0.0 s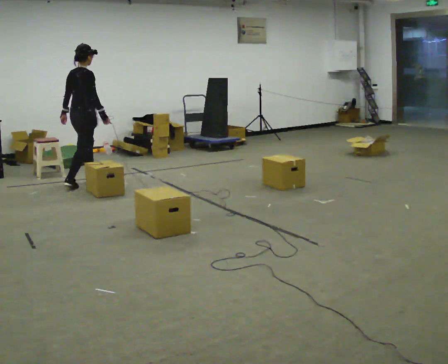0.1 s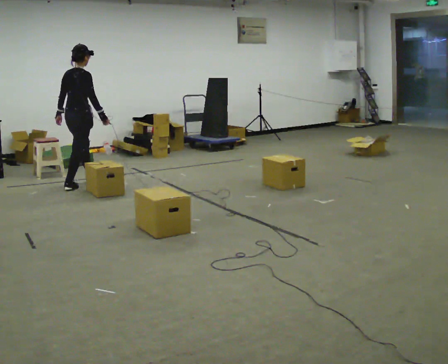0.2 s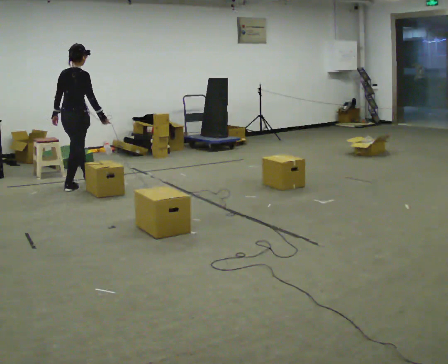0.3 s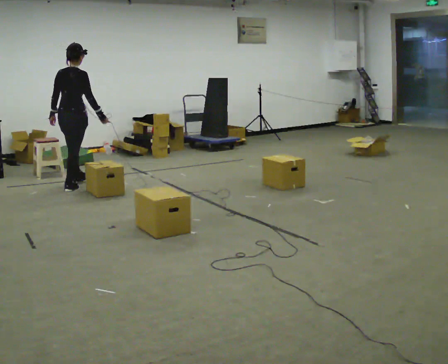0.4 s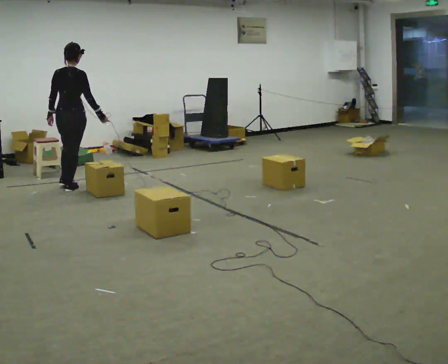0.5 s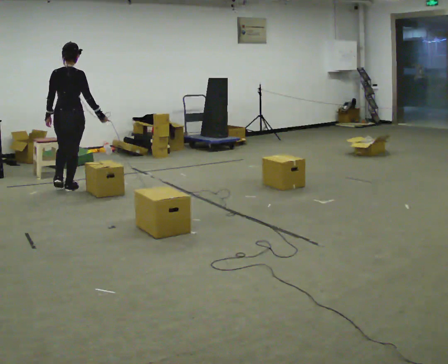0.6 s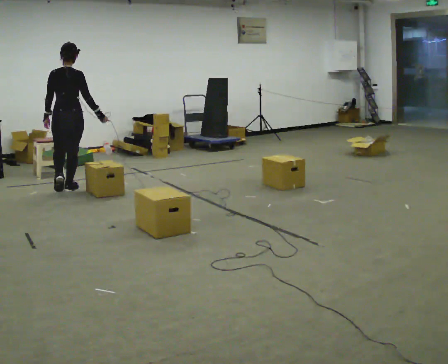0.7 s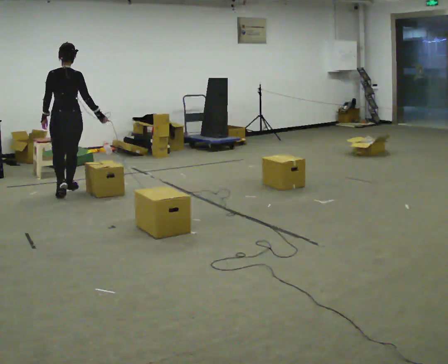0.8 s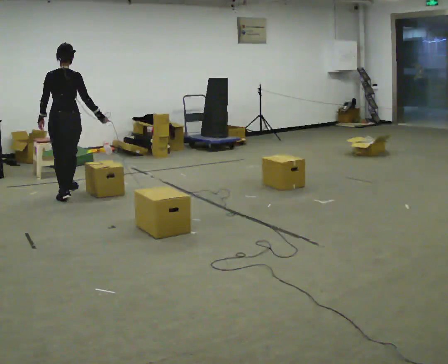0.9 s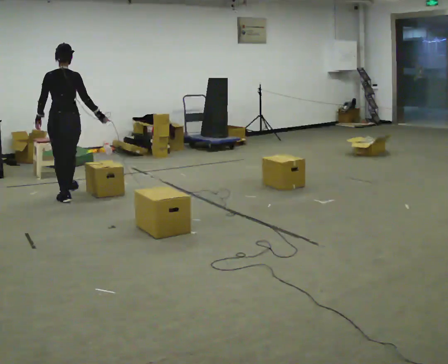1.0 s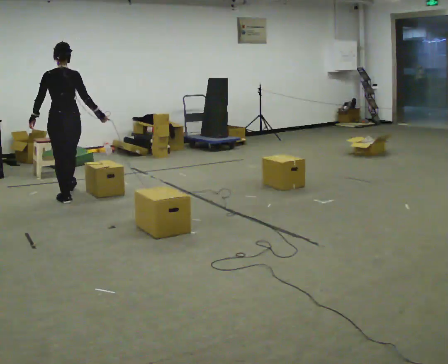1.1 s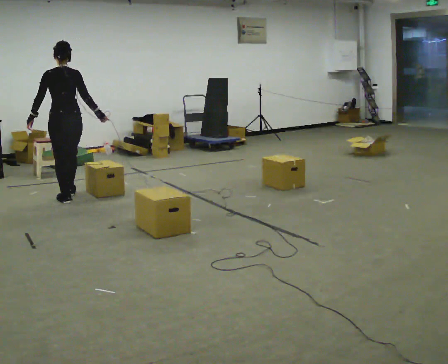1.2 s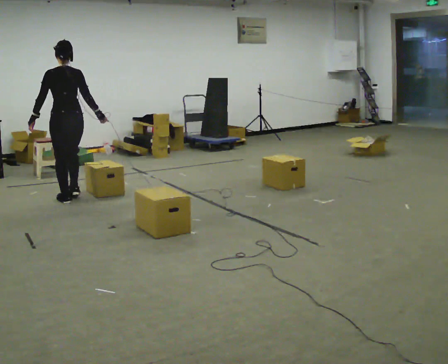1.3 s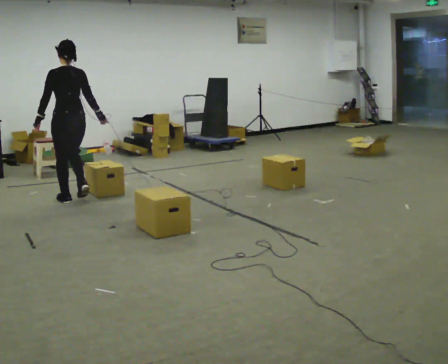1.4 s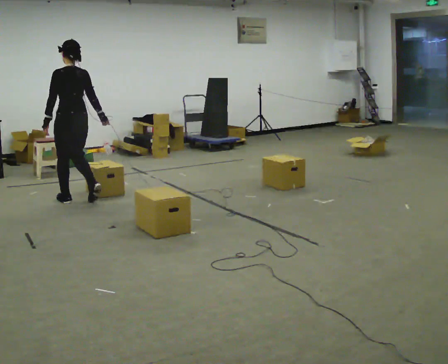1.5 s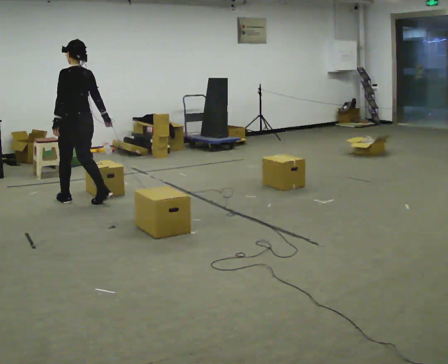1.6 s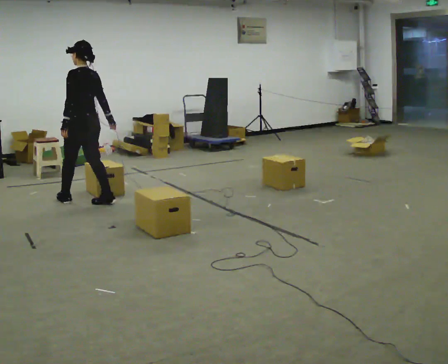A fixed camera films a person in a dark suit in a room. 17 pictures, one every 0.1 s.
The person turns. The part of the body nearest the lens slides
to the right.
The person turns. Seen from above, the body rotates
counterclockwise.
0.0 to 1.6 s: The part of the body nearest the lens slides to the right as the person turns to their left by about 105 degrees. In the picture they go toward the camera, about 1 m in 2 steps.
The film runs backward here.
